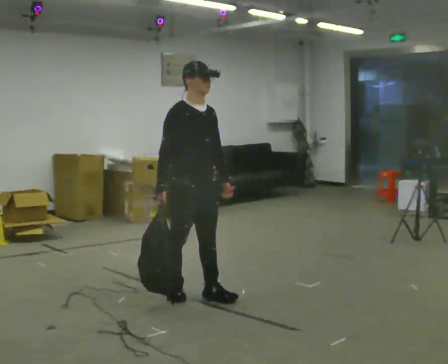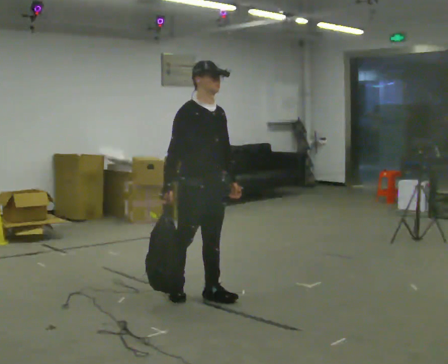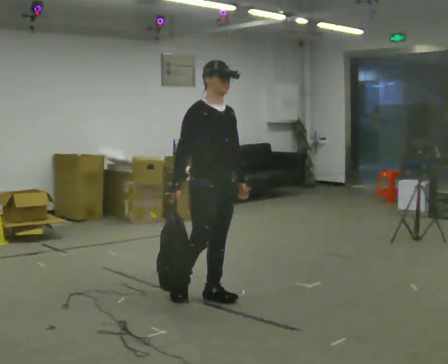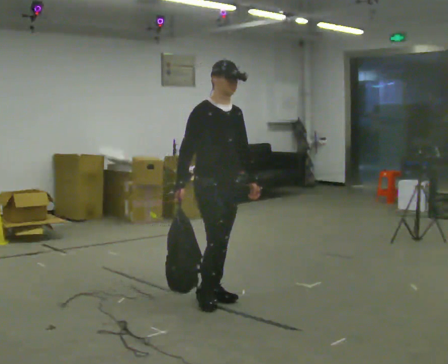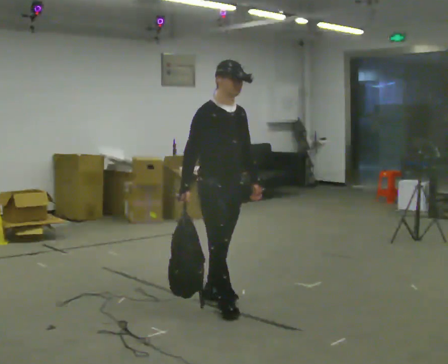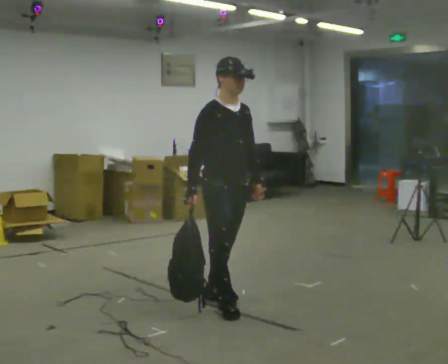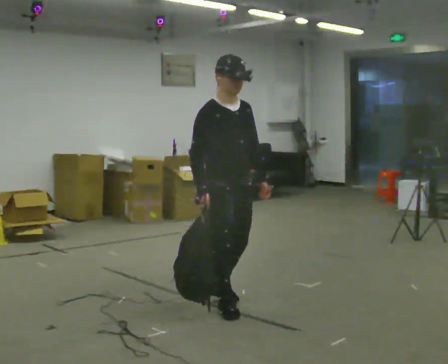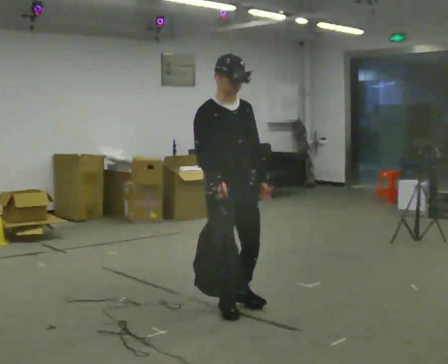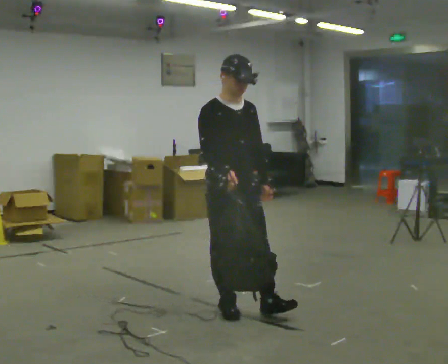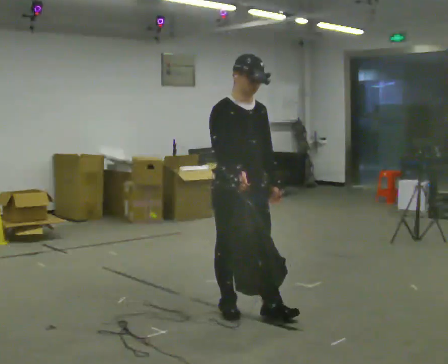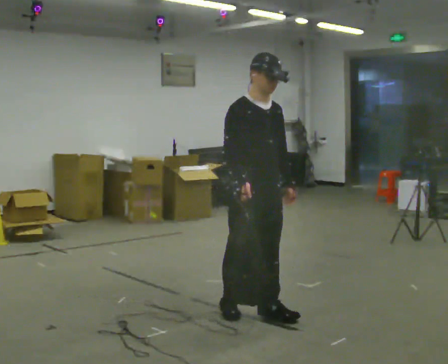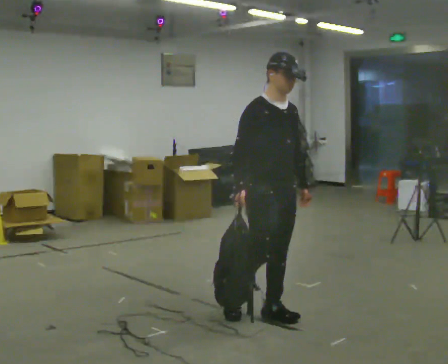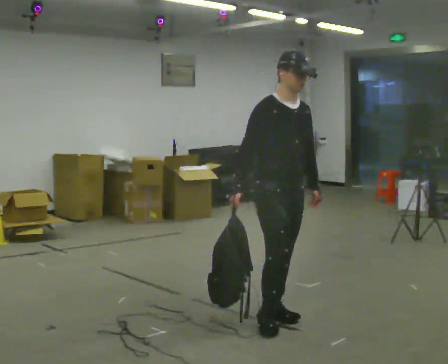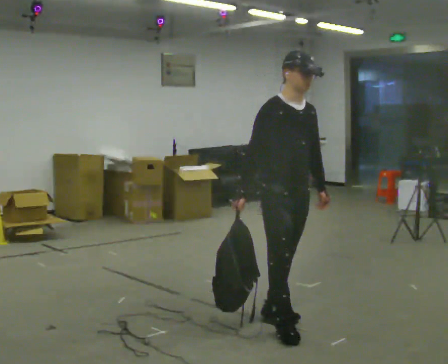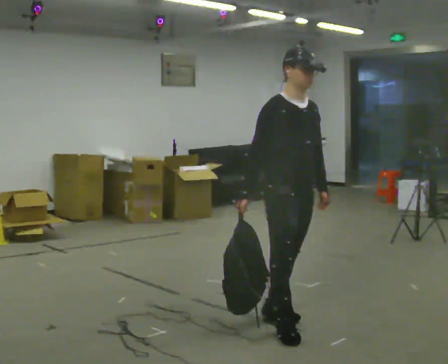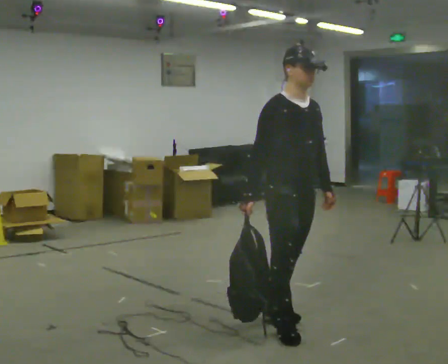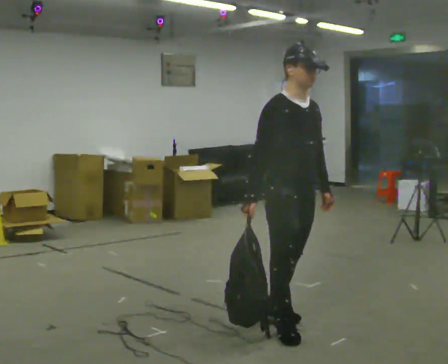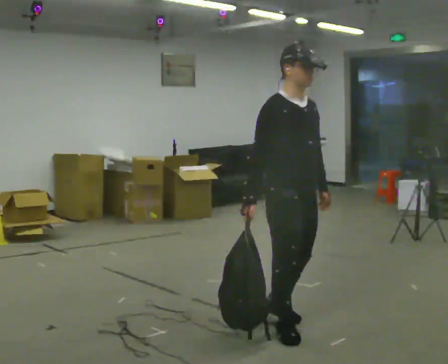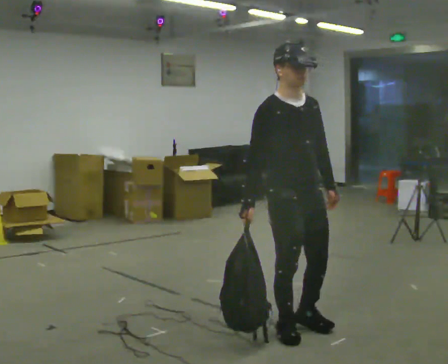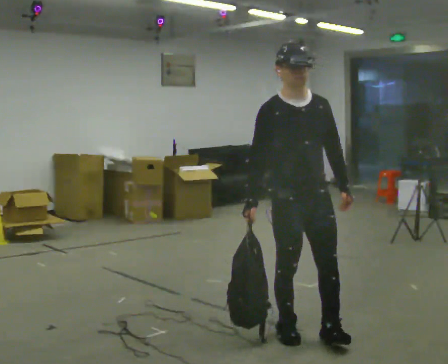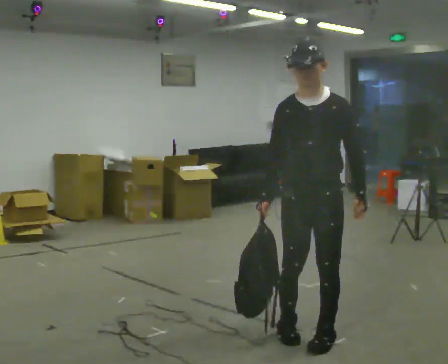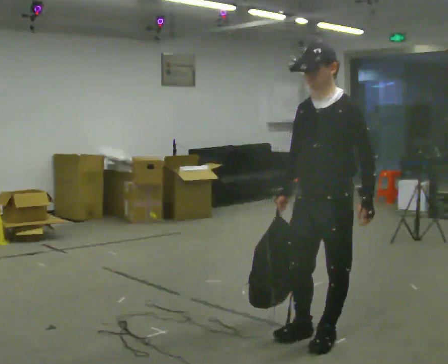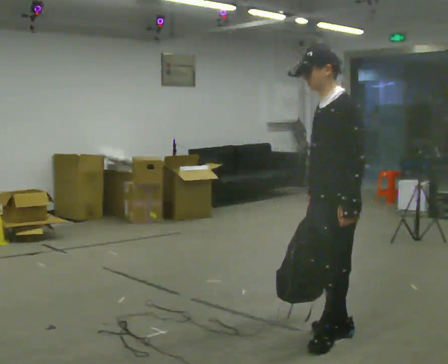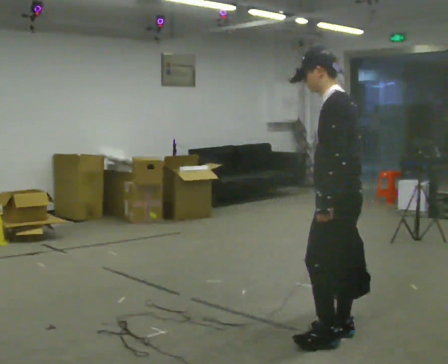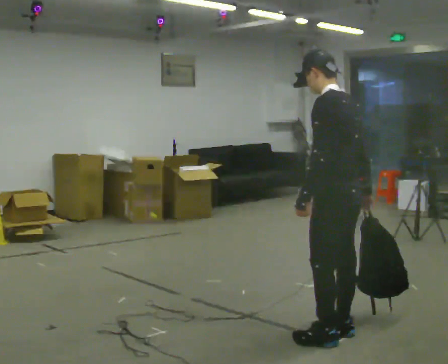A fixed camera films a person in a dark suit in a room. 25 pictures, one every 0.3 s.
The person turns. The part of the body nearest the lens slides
to the left.
The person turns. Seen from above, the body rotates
clockwise.
0.0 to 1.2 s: In the picture they go to the right, about 0.25 m in 1 step, which for them is forward.
1.2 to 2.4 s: In the picture they go toward the camera, about 0.25 m, which for them is forward.
2.4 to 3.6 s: In the picture they go to the right and toward the camera, about 0.25 m in 1 step, which for them is forward and to their left.
3.6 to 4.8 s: In the picture they go toward the camera, about 0.25 m in 1 step, which for them is forward and to their right.
4.8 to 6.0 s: The person turns about 60 degrees to their right, clockwise seen from above, so the part of the body nearest the lens slides to the left.
6.0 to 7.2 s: Seen from above the body turns clockwise, about 105 degrees: to their right, with its near side sliding to the left. In the picture they go to the right, about 0.25 m in 1 step. In the picture their left hand goes to the left, the arm swinging clockwise.
The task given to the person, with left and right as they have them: Carry the soft bag across the room, back and forth. It will change shape as you move, so hold it however works.
The film runs forward here.
